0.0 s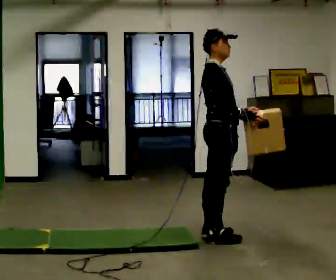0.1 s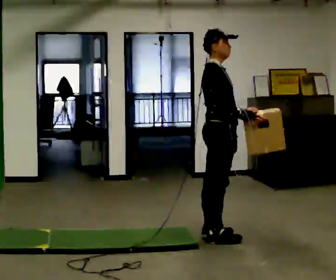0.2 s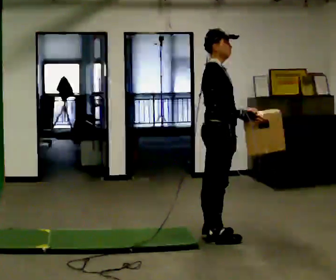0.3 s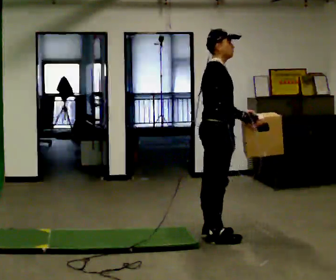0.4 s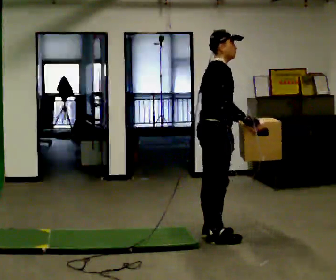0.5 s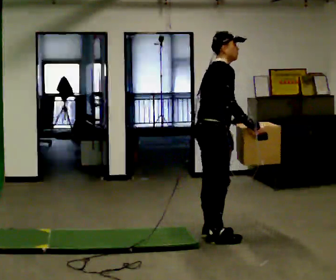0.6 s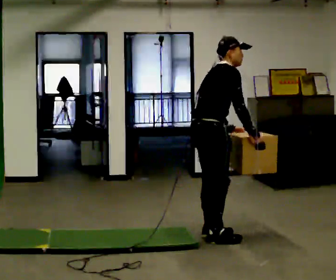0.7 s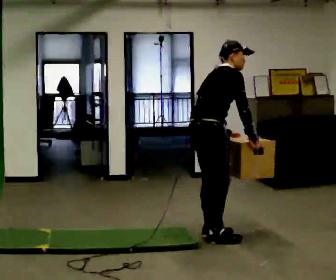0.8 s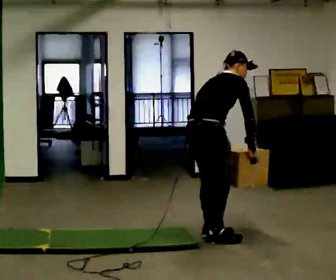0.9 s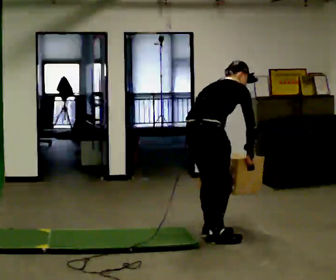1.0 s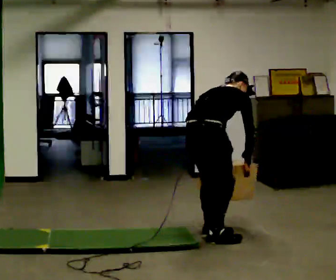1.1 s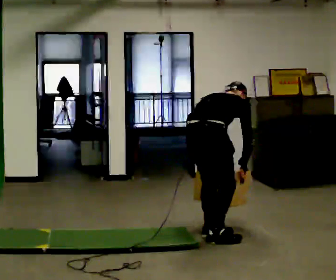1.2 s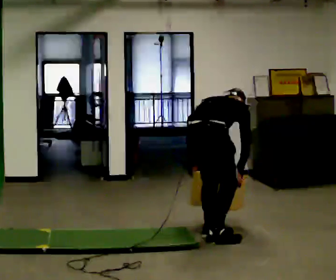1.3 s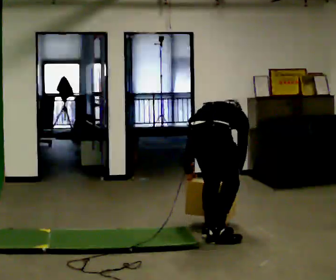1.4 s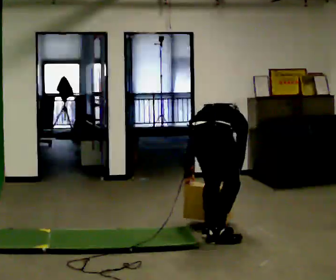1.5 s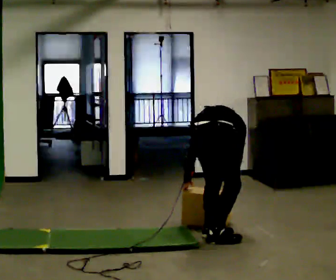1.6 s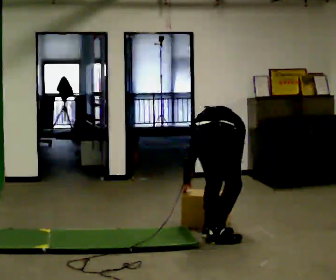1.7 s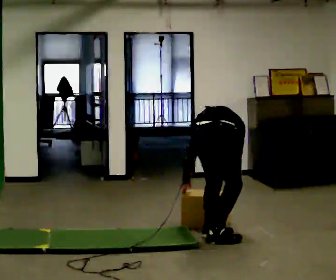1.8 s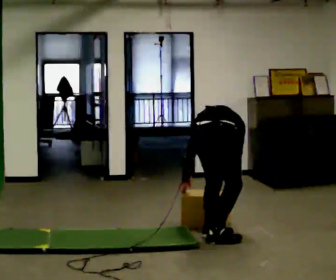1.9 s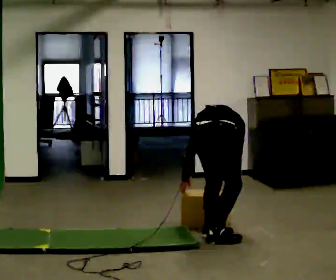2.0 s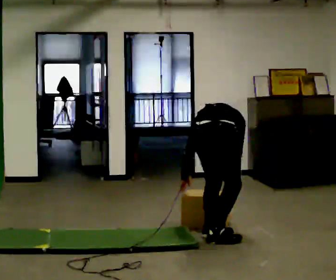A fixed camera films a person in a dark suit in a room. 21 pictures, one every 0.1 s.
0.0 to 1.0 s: Seen from above the body turns counterclockwise, about 45 degrees: to their left, with its near side sliding to the right. The upper body goes downward. The upper body tips away from the camera, its near side rolling upward, as they bend forward. In the picture their left hand goes to the left and downward, the arm swinging clockwise.
1.0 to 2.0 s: Seen from above the body turns counterclockwise, about 30 degrees: to their left, with its near side sliding to the right. The shoulders move downward. In the picture the upper body tilts counterclockwise, shoulders to the left, as they bend forward.
The film runs backward here.
